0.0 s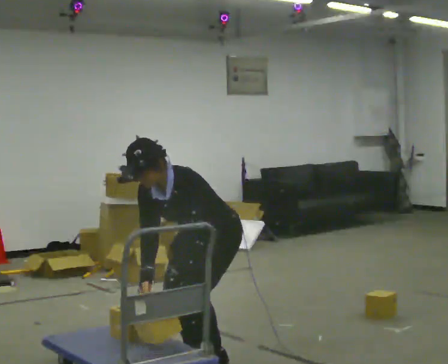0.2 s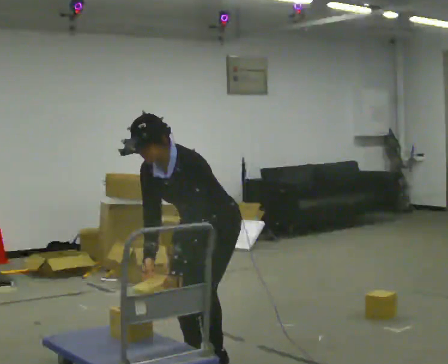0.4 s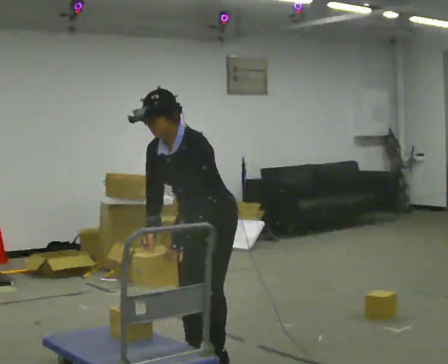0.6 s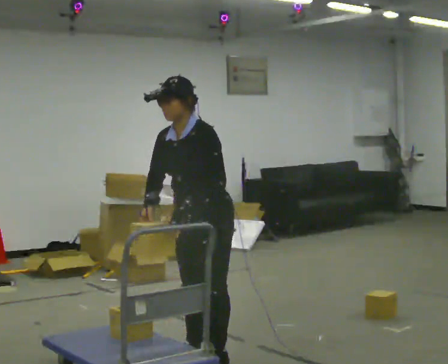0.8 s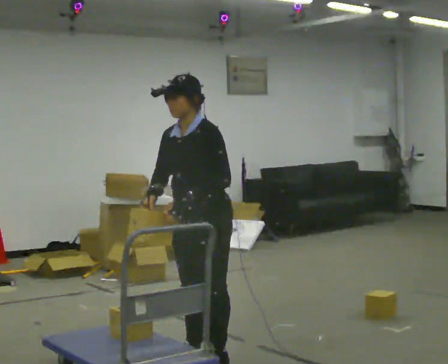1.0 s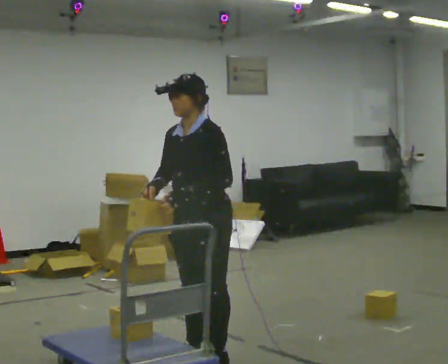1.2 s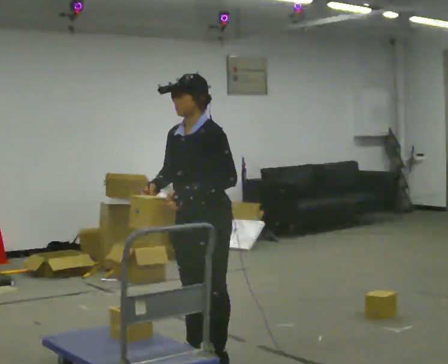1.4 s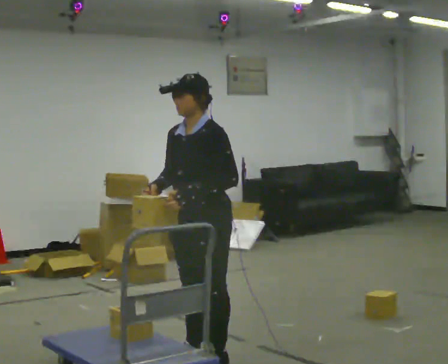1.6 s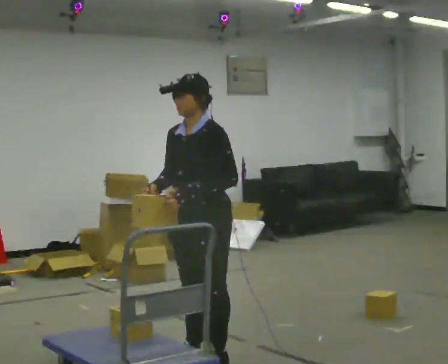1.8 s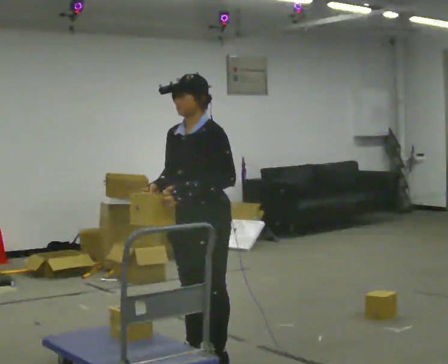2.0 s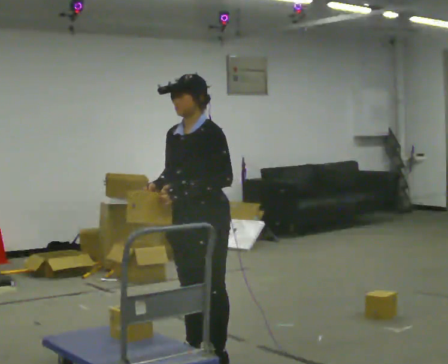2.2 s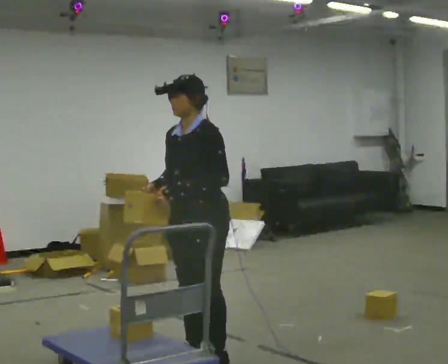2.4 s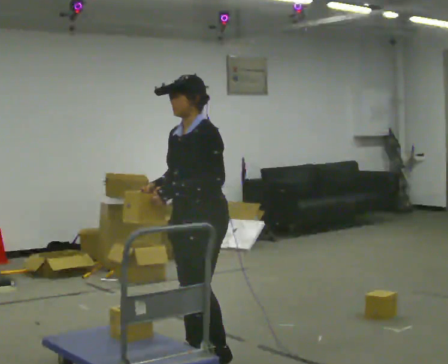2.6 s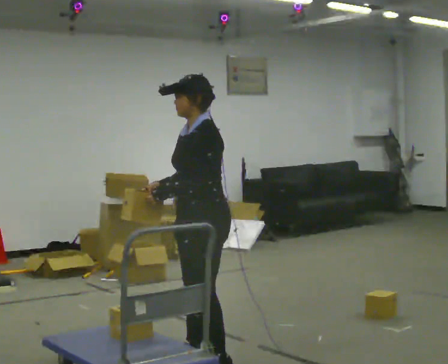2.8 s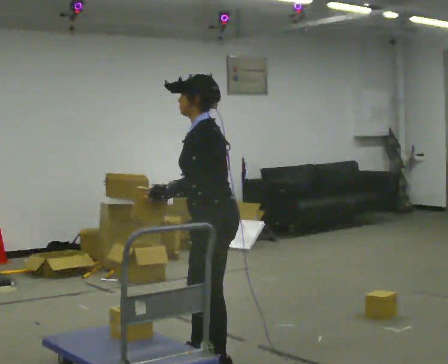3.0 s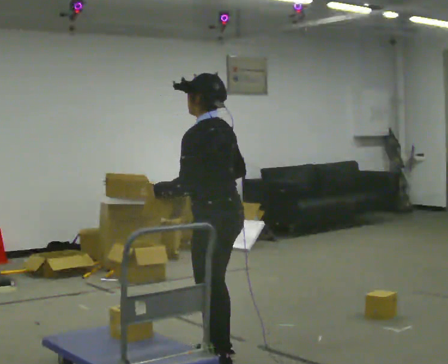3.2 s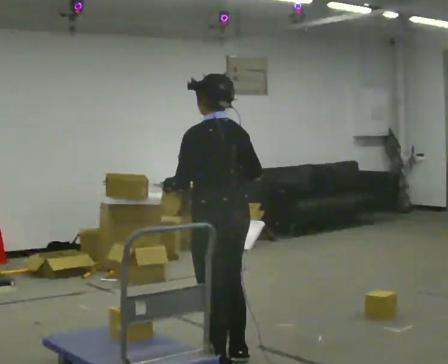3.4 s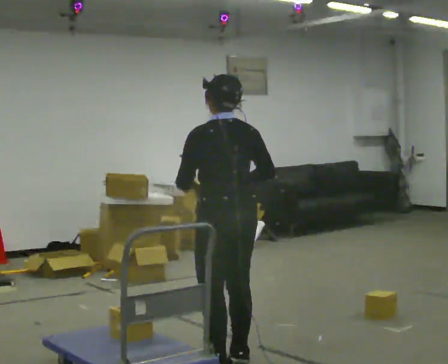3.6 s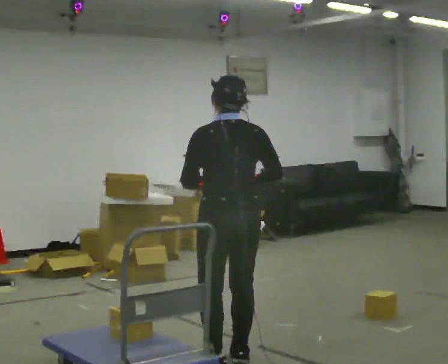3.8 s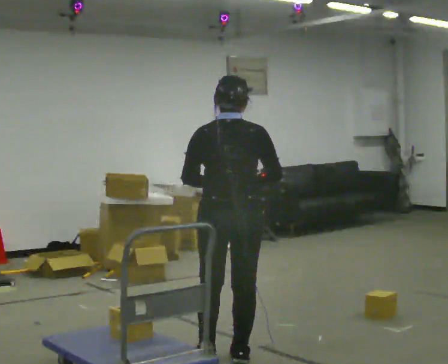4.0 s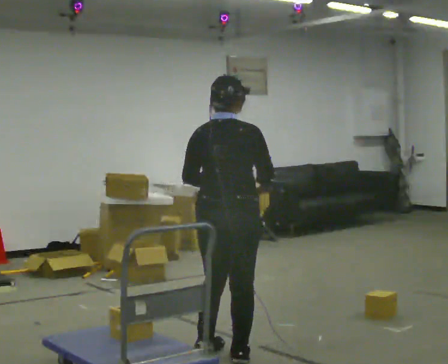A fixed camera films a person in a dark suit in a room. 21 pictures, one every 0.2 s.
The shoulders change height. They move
upward.
The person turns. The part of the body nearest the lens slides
to the left.
0.0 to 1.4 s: The upper body goes upward. In the picture the upper body tilts clockwise, shoulders to the right, as they lean back or straighten. In the picture their right hand goes upward.
1.4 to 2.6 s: The part of the body nearest the lens slides to the left as the person turns to their right by about 30 degrees.
2.6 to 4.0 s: Seen from above the body turns clockwise, about 135 degrees: to their right, with its near side sliding to the left. In the picture their left hand goes to the right.
The film runs forward here.
